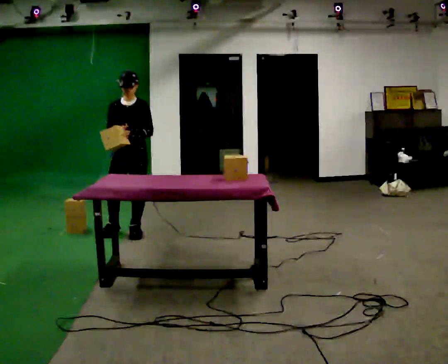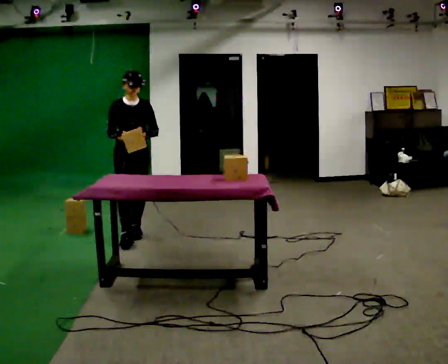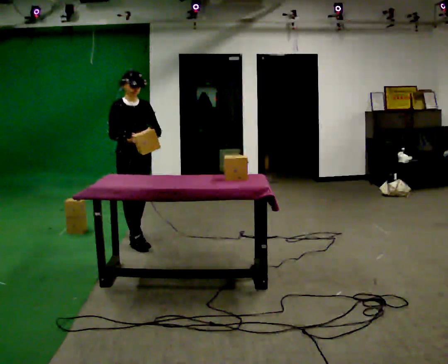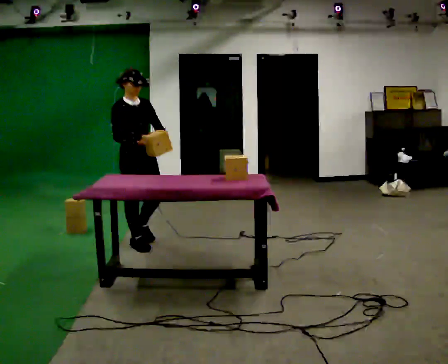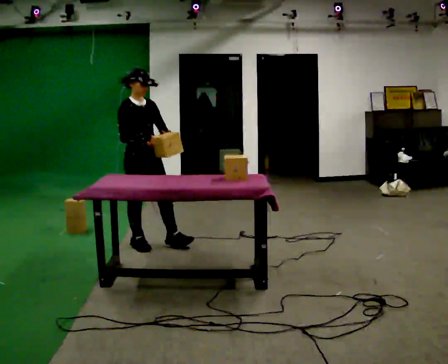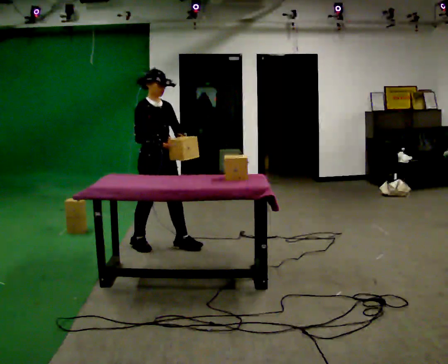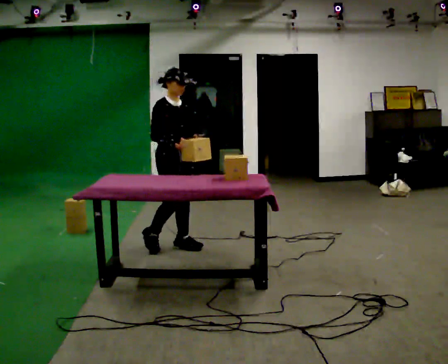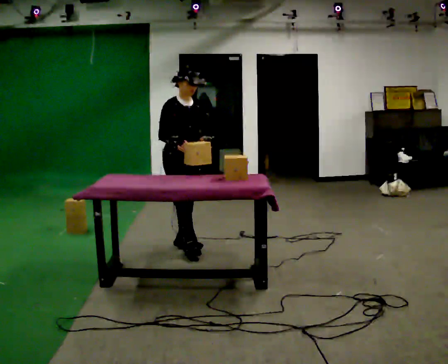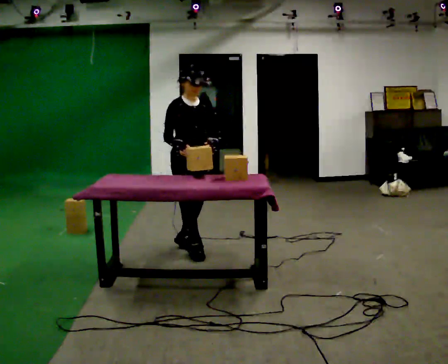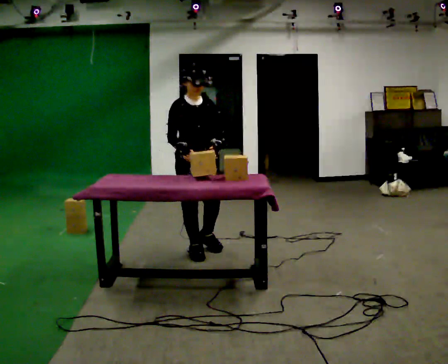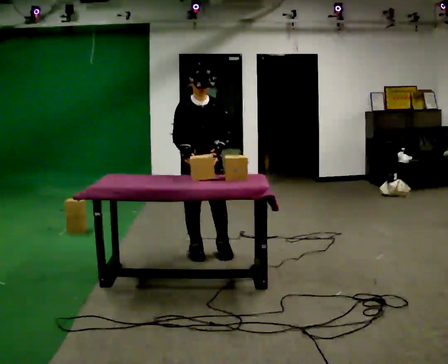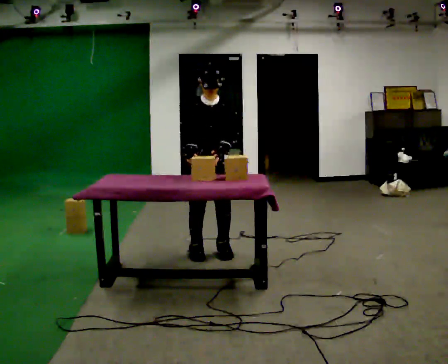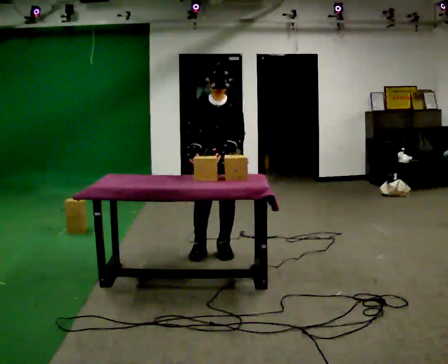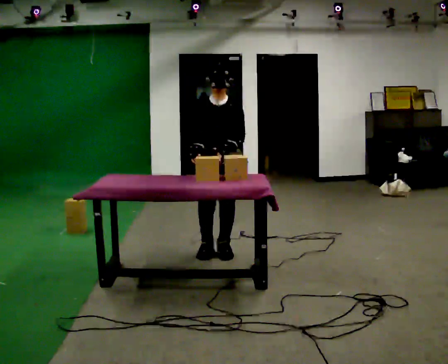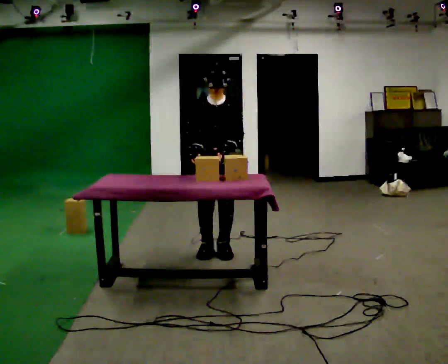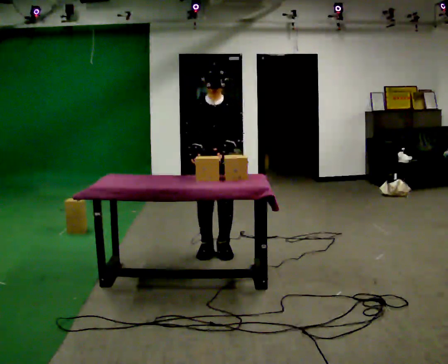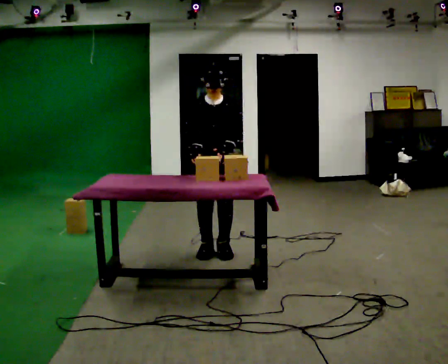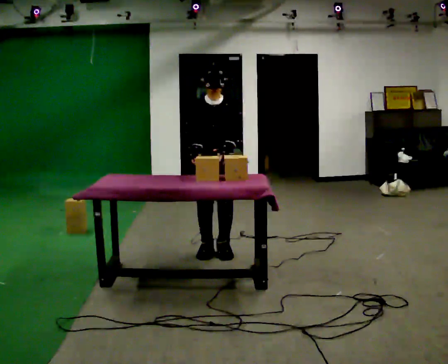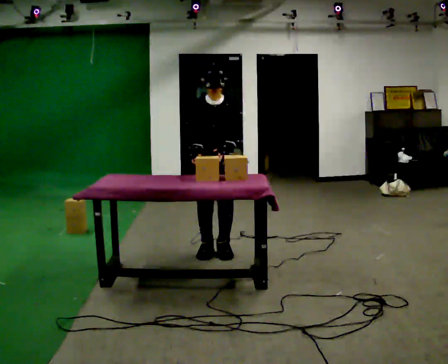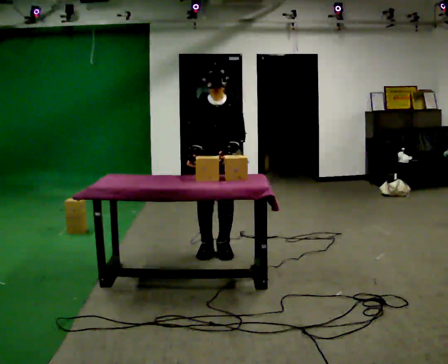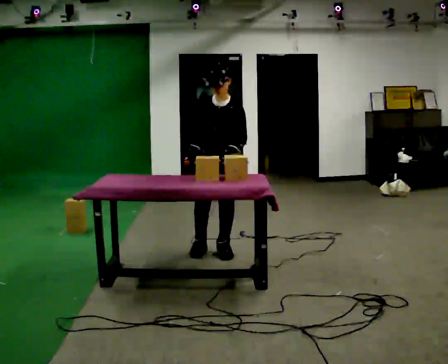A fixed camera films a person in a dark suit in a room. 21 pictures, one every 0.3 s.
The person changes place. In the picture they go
to the right.
0.0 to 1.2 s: The part of the body nearest the lens slides to the right as the person turns to their left by about 45 degrees. In the picture they go toward the camera, about 0.25 m in 1 step, which for them is forward.
1.2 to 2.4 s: In the picture they go to the right, about 0.5 m in 2 steps, which for them is forward and to their left.
2.4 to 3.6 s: Seen from above the body turns clockwise, about 30 degrees: to their right, with its near side sliding to the left. In the picture they go to the right, about 0.25 m in 1 step, which for them is to their left.
3.6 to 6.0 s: The person moves a little, or ends about where they began.
The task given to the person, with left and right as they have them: Carry the object over and line it up with the mark on the surface as accurately as you can. Keep going until the operator says stop; one object at a time, and do not rush between trips.
The film runs forward here.
